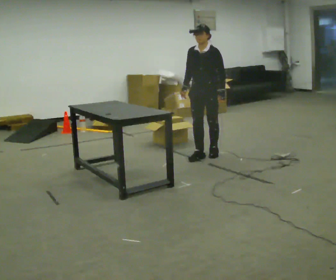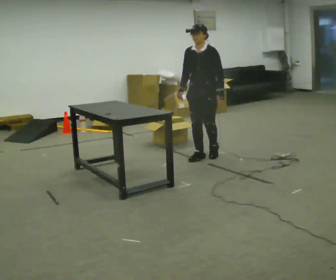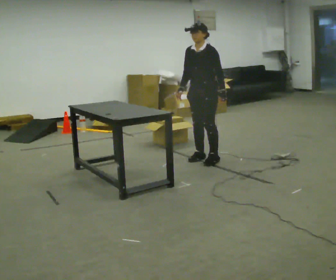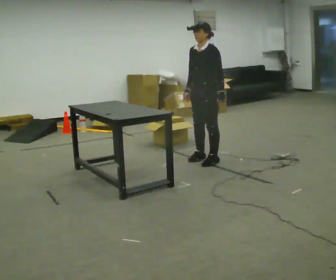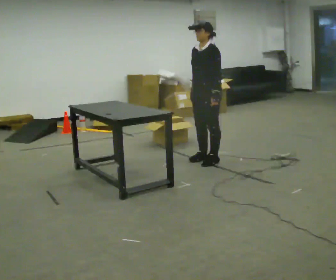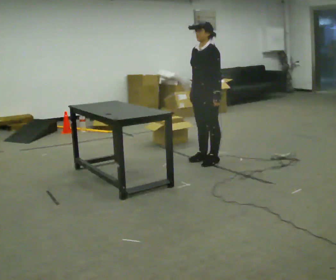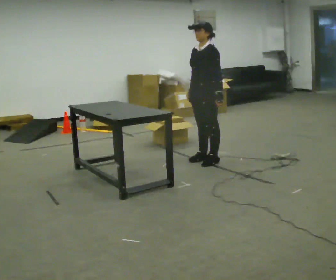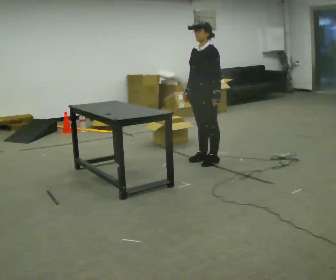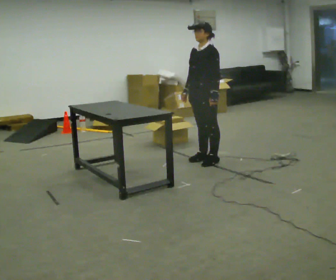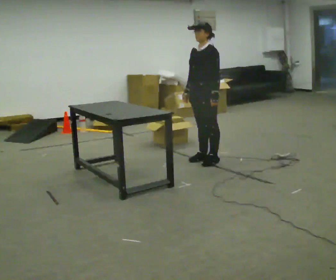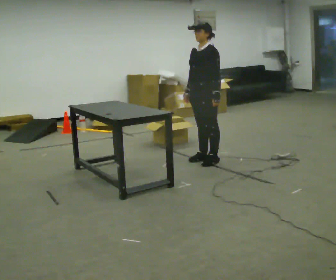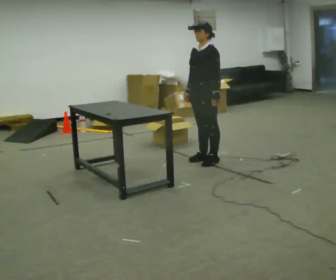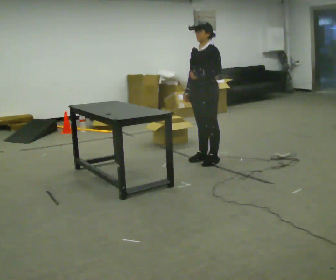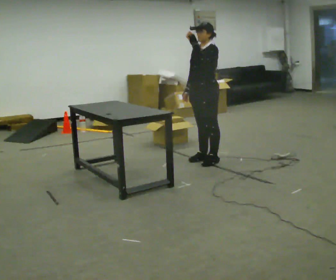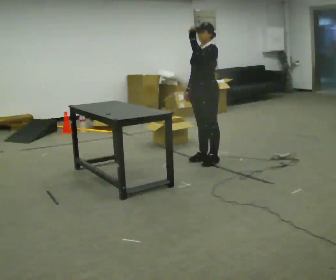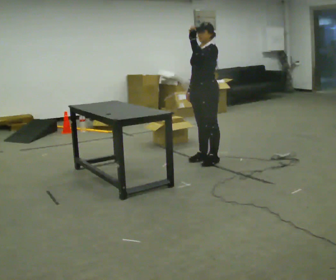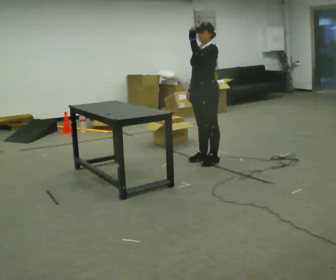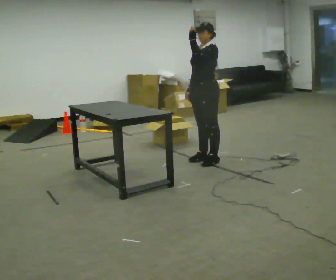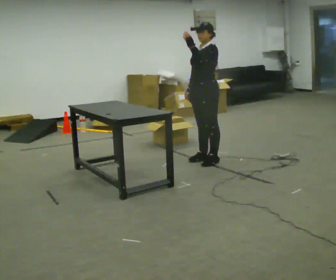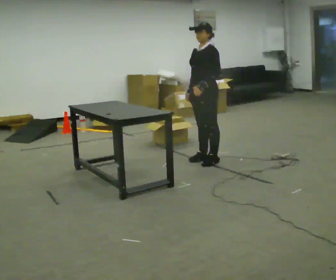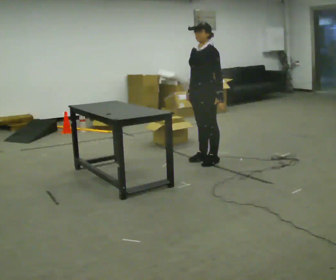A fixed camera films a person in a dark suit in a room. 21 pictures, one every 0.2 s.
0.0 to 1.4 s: Seen from above the body turns clockwise, about 30 degrees: to their right, with its near side sliding to the left. In the picture they go toward the camera, about 0.25 m in 1 step, which for them is to their left and forward.
1.4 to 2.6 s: In the picture their left hand goes upward.
2.6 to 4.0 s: In the picture their left hand goes downward.
The film runs forward here.
